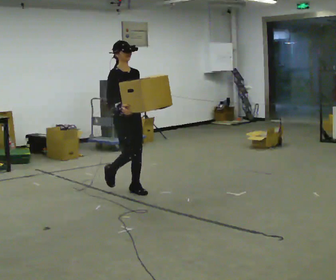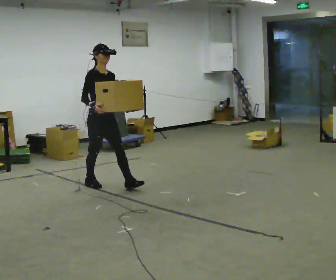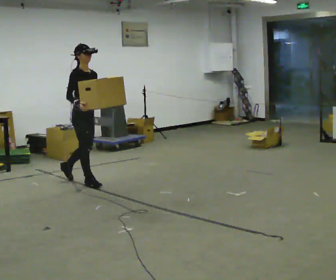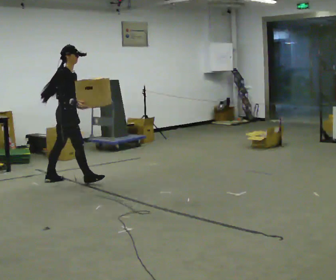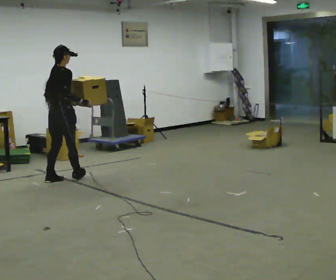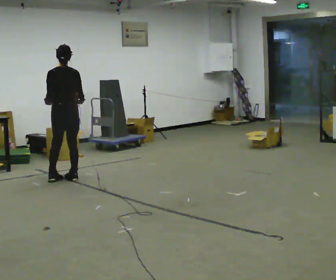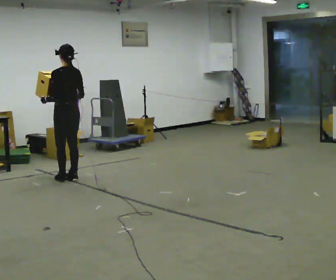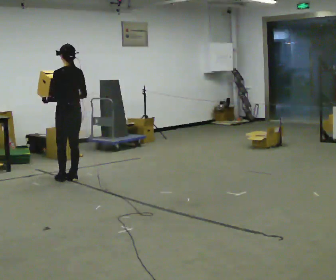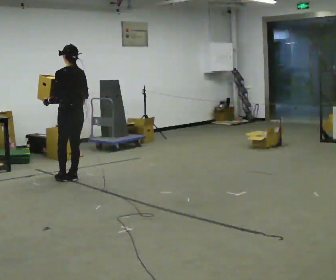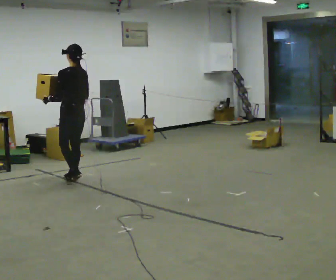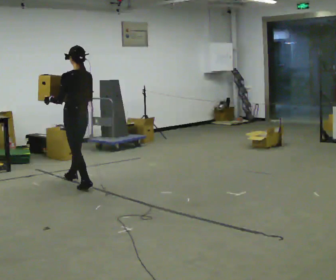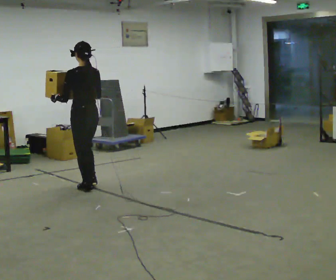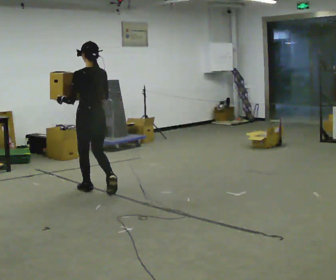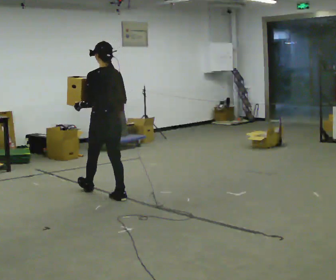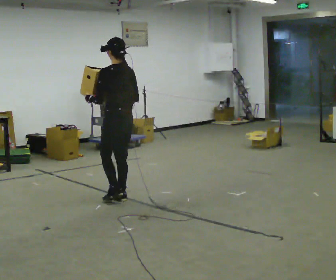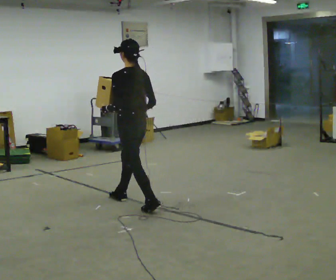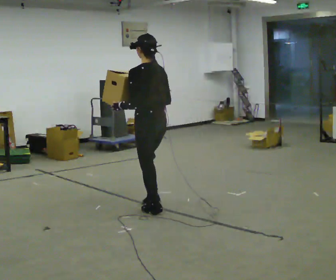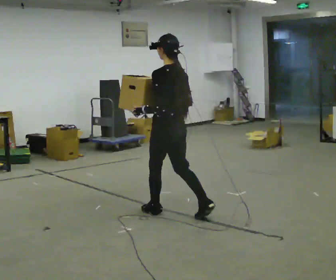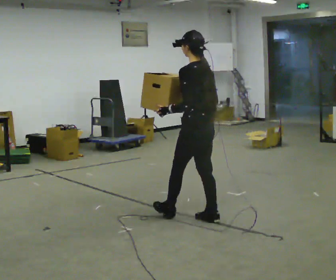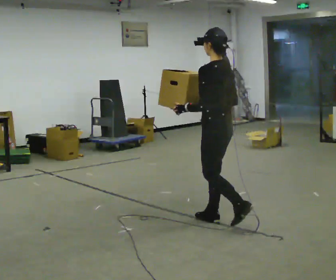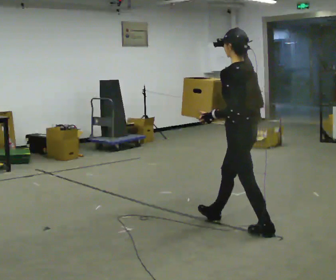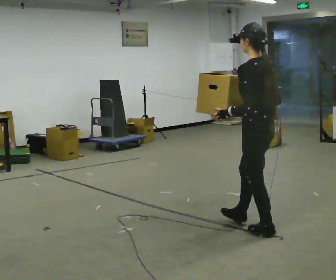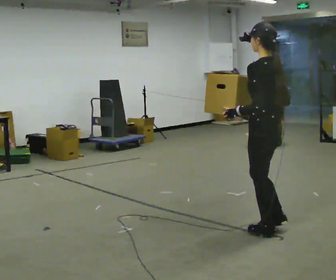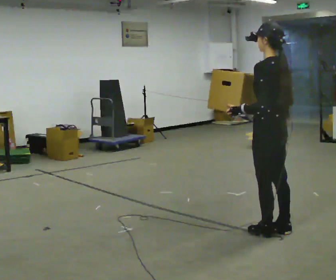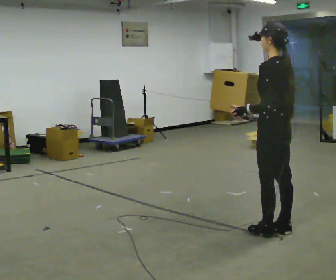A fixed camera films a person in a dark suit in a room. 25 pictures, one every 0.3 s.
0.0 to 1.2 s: Seen from above the body turns counterclockwise, about 90 degrees: to their left, with its near side sliding to the right. In the picture they go to the left and away from the camera, about 1 m in 2 steps.
1.2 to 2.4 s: The part of the body nearest the lens slides to the right as the person turns to their left by about 90 degrees.
2.4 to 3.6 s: In the picture they go toward the camera, about 0.5 m in 2 steps, which for them is backward.
3.6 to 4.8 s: In the picture they go toward the camera and to the right, about 1 m in 2 steps, which for them is backward.
4.8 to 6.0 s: In the picture they go toward the camera and to the right, about 1 m in 1 step, which for them is backward.
6.0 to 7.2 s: In the picture they go toward the camera and to the right, about 0.25 m in 1 step, which for them is backward.
The film runs backward here.
